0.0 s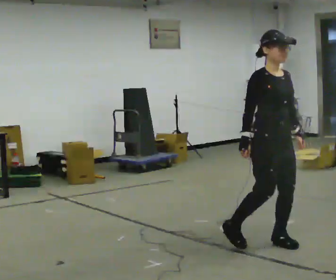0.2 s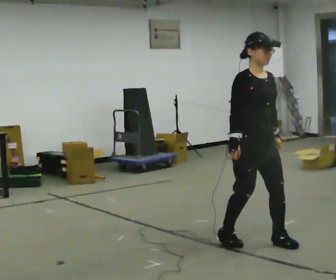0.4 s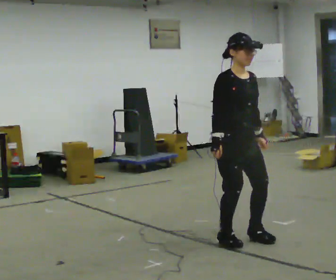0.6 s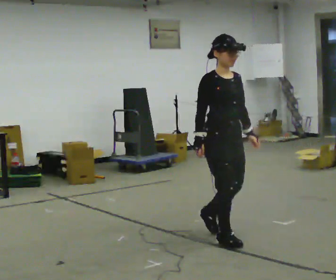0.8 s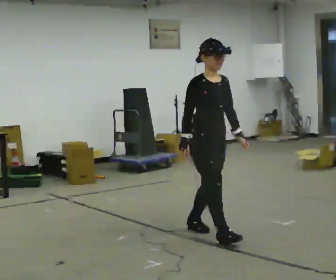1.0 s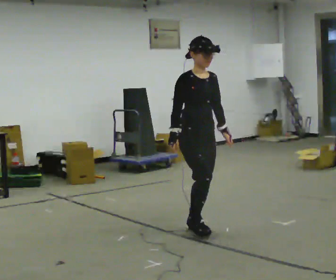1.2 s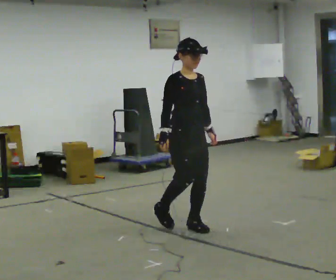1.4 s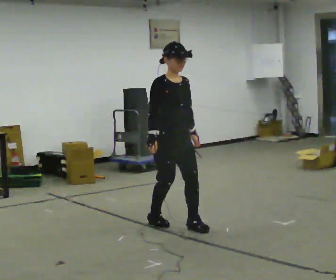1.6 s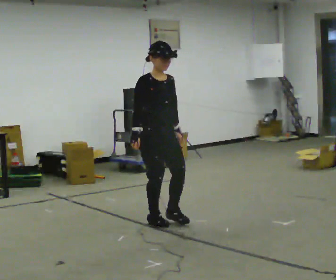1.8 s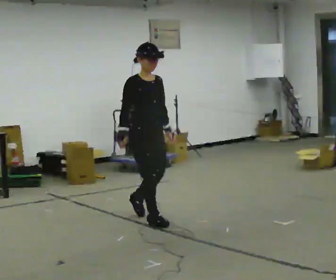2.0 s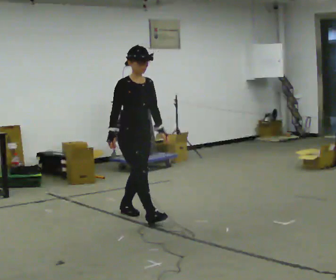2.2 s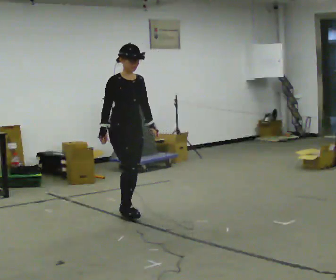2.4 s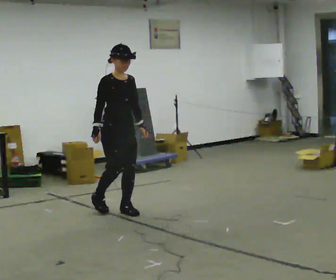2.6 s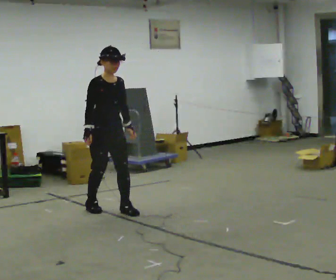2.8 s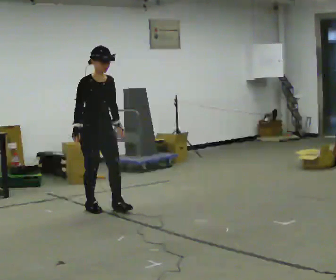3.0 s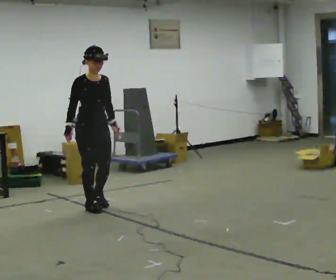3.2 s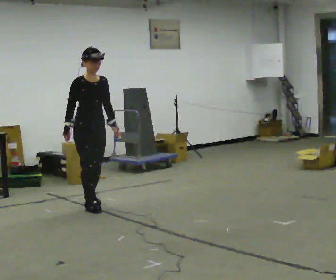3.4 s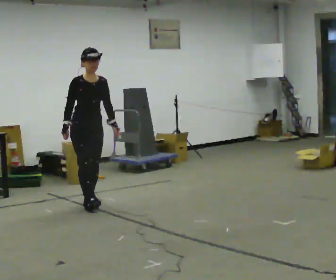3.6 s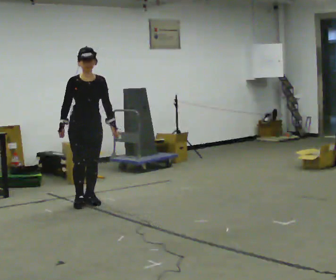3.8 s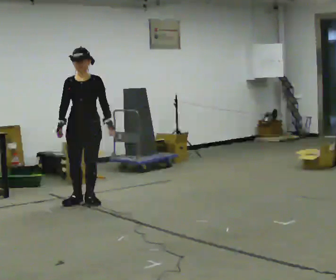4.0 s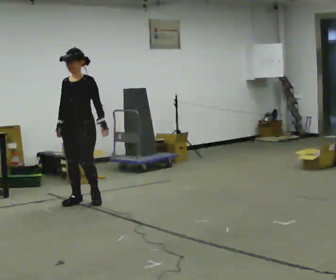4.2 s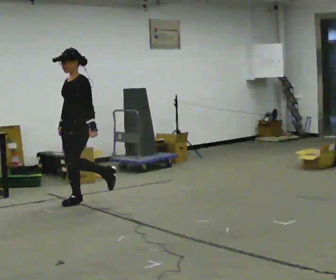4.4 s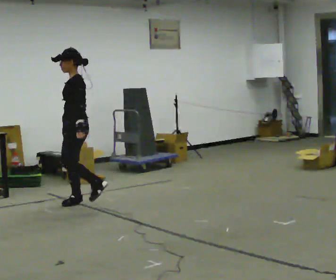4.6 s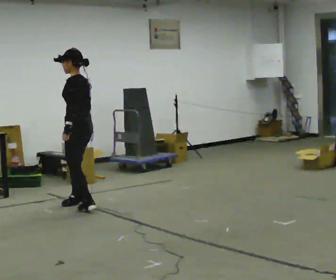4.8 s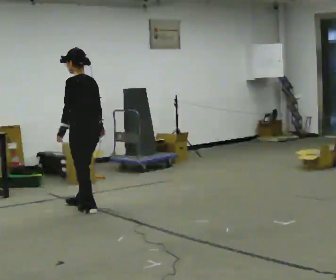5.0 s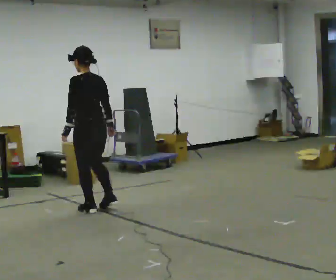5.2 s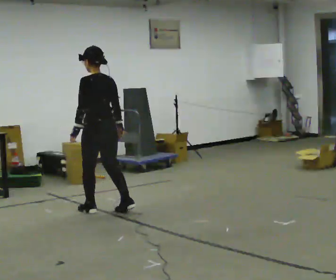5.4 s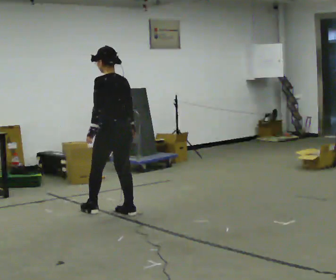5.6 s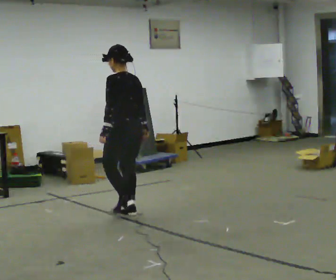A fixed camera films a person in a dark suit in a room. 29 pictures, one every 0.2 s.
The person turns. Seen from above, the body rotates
clockwise.
The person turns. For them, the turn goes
to their right.
0.0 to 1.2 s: In the picture they go away from the camera and to the left, about 1 m in 2 steps, which for them is backward.
1.2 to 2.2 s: In the picture they go away from the camera and to the left, about 1 m in 2 steps, which for them is backward.
2.2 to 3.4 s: In the picture they go away from the camera and to the left, about 0.5 m in 2 steps, which for them is backward.
3.4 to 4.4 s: Seen from above the body turns clockwise, about 120 degrees: to their right, with its near side sliding to the left. In the picture their left hand goes to the left.
4.4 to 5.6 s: The part of the body nearest the lens slides to the left as the person turns to their right by about 60 degrees. In the picture they go toward the camera and to the right, about 0.75 m in 2 steps.
The film runs forward here.
